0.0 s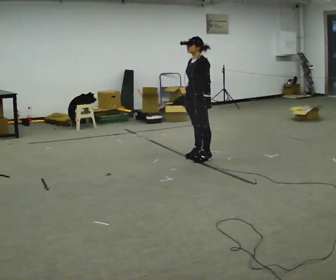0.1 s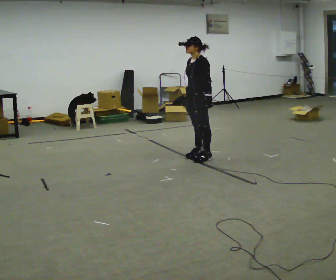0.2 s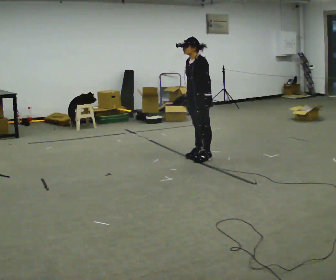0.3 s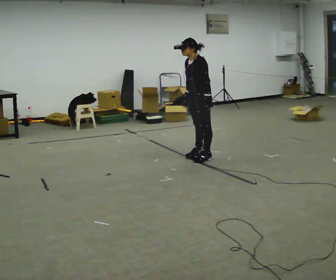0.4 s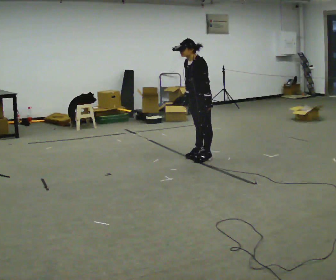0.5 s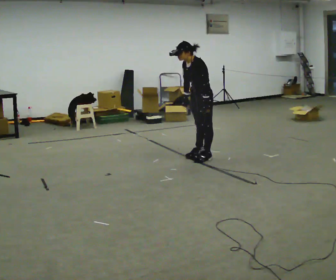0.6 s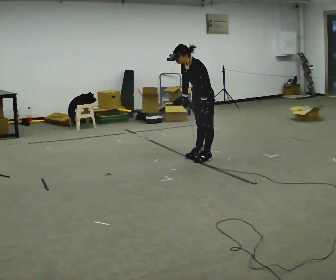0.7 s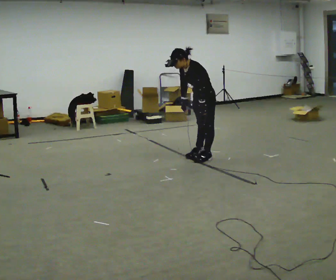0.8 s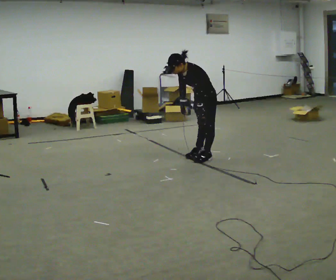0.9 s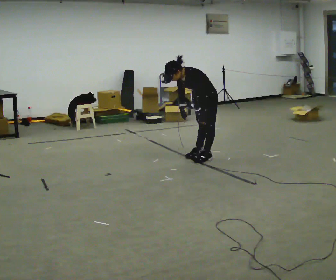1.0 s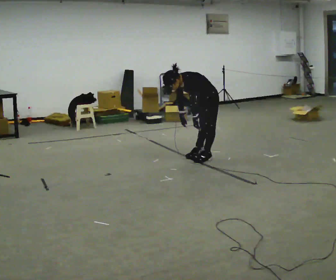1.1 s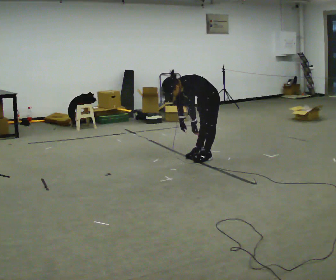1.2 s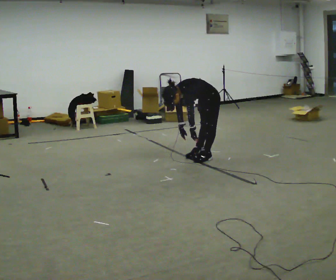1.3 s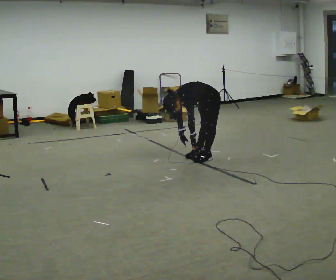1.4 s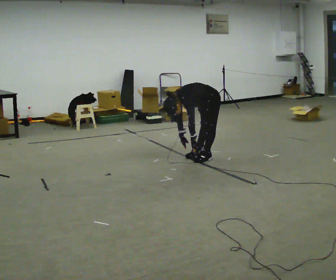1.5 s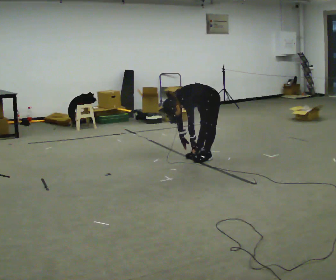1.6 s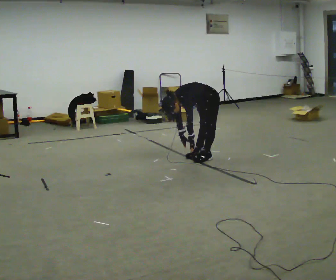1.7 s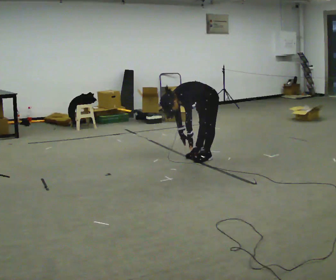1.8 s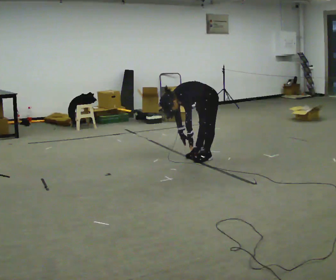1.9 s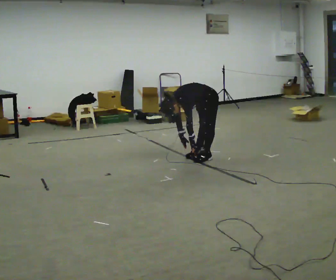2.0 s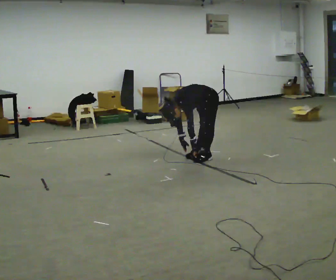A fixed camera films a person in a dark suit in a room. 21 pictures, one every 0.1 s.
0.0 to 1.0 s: The shoulders move downward. In the picture the upper body tilts counterclockwise, shoulders to the left, as they bend forward.
1.0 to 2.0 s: The shoulders move downward. In the picture the upper body tilts counterclockwise, shoulders to the left, as they bend forward.
The film runs backward here.
